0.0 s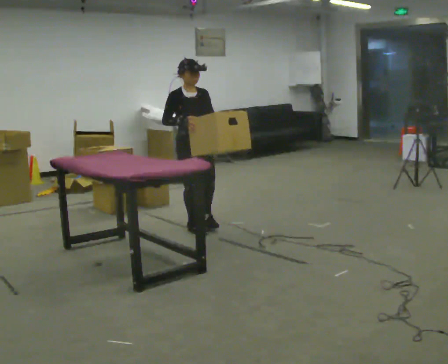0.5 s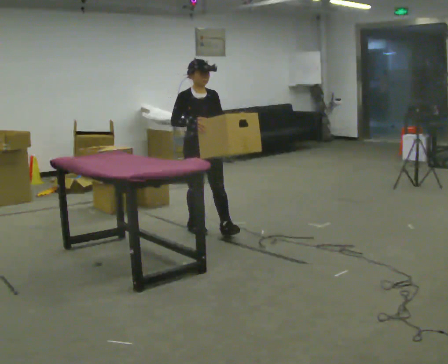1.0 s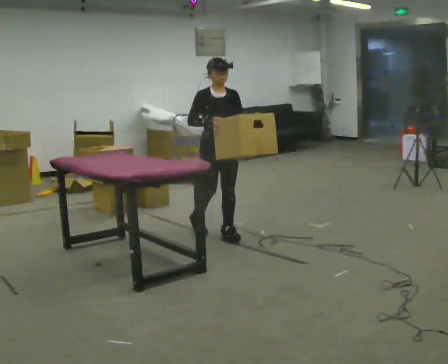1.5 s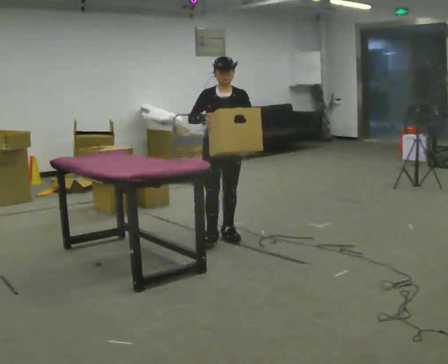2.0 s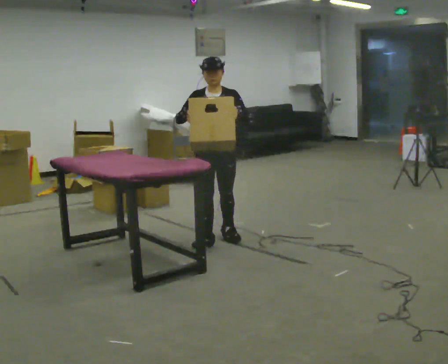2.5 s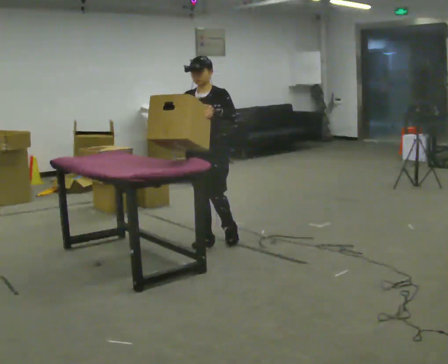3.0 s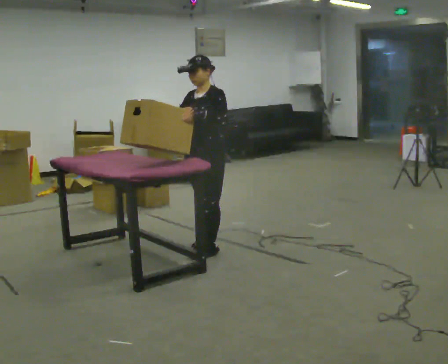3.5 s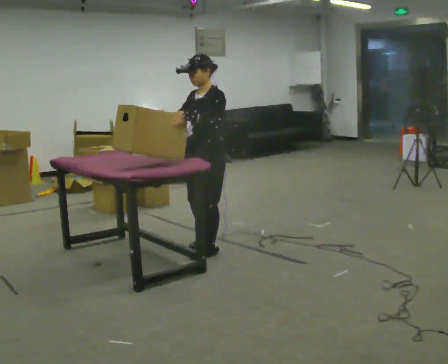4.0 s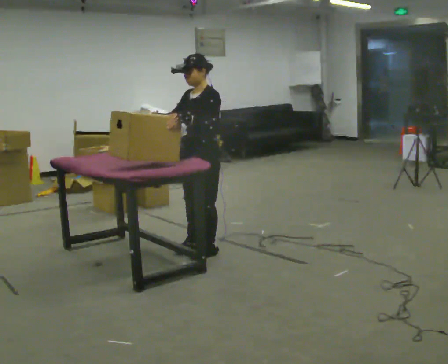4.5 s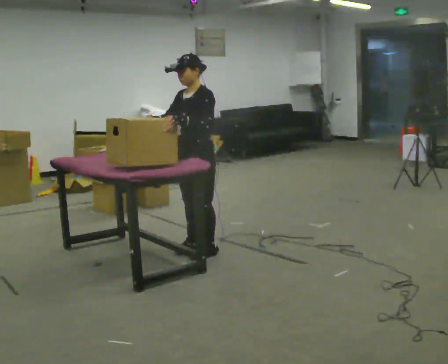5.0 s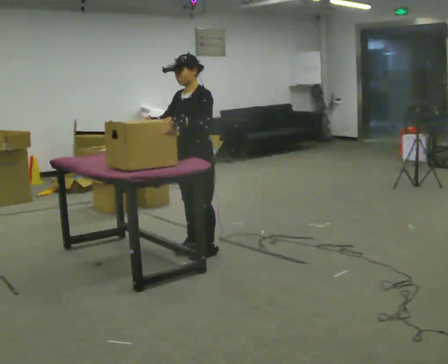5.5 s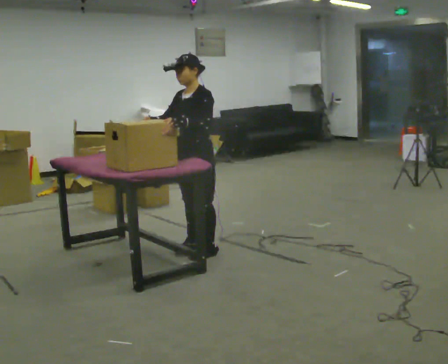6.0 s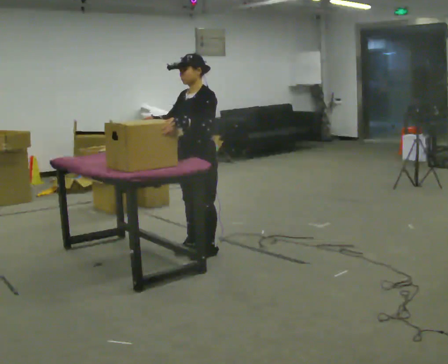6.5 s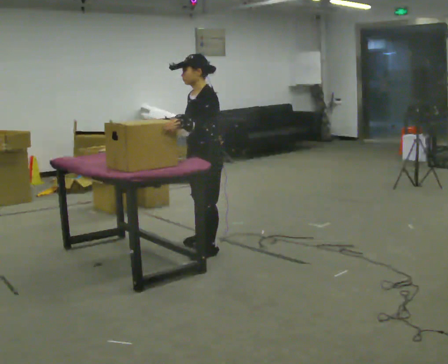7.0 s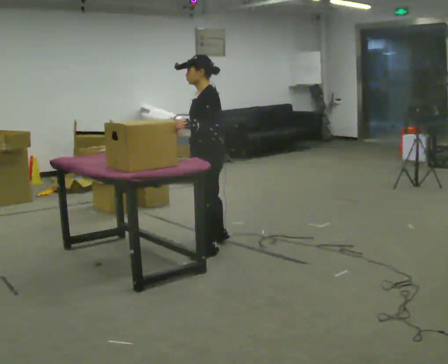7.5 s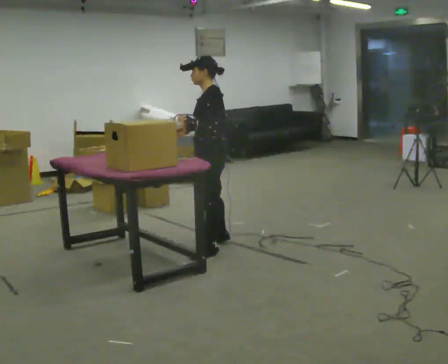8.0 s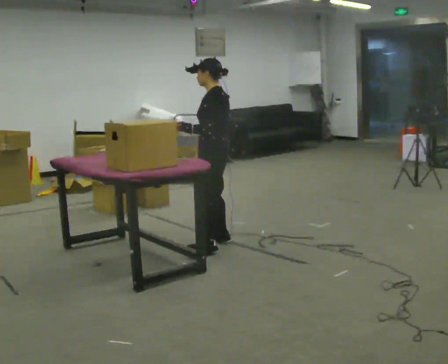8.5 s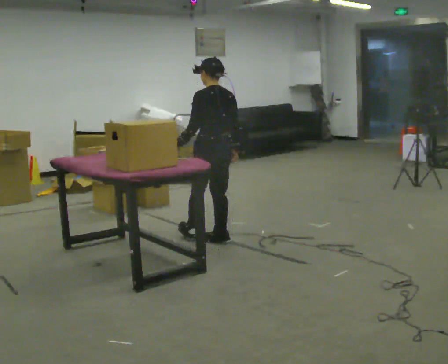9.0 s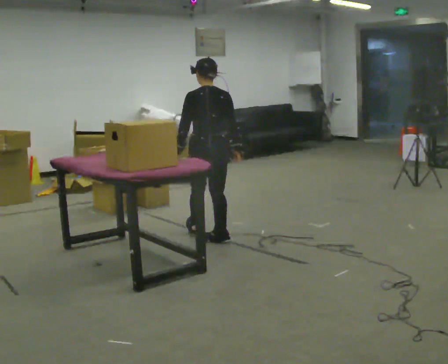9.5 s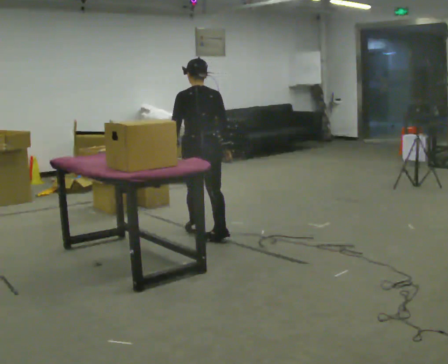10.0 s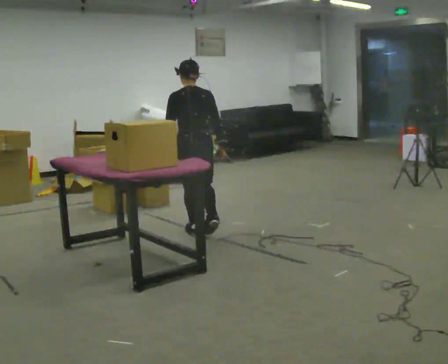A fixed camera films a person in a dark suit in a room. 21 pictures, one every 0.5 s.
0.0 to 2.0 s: The person turns about 30 degrees to their right, clockwise seen from above, so the part of the body nearest the lens slides to the left. In the picture they go toward the camera, about 0.5 m in 2 steps, which for them is forward.
2.0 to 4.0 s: The part of the body nearest the lens slides to the left as the person turns to their right by about 45 degrees. In the picture they go toward the camera, about 0.25 m in 2 steps, which for them is forward and to their left.
4.0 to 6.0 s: The person moves a little, or ends about where they began.
6.0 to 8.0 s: The person turns about 45 degrees to their right, clockwise seen from above, so the part of the body nearest the lens slides to the left. In the picture they go away from the camera and to the right, about 0.25 m in 1 step, which for them is to their right and backward.
8.0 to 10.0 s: The person turns about 60 degrees to their right, clockwise seen from above, so the part of the body nearest the lens slides to the left. In the picture they go away from the camera and to the left, about 0.25 m in 1 step.
The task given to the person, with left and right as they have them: Take boxes off the top of the stack one at a time and carry them away, walking back for each one. Keep going until the operator says stop; one object at a time, and do not rush between trips.
The film runs forward here.
